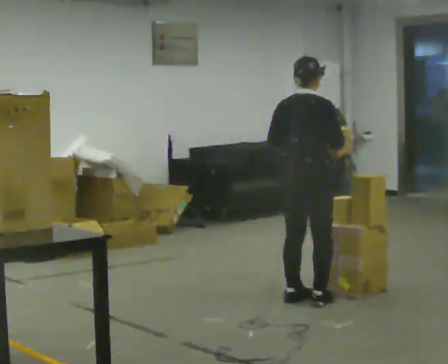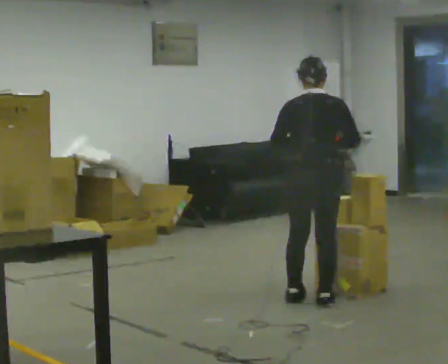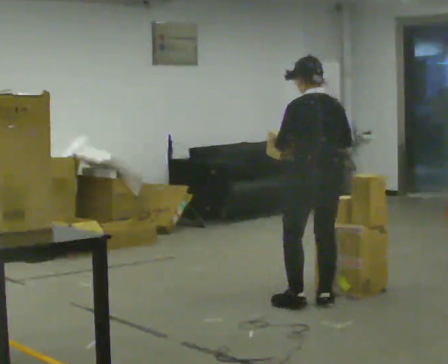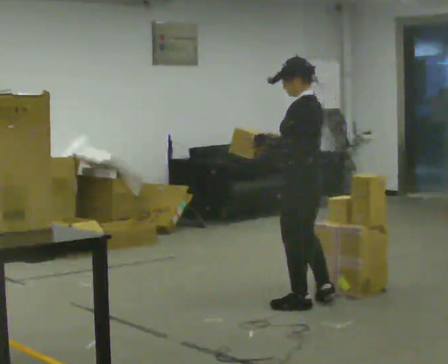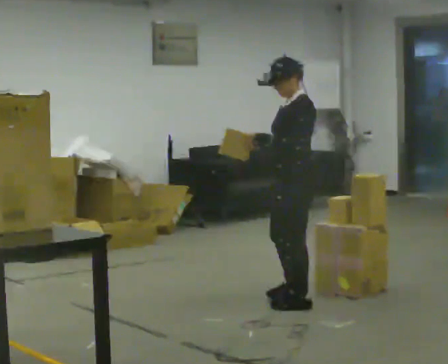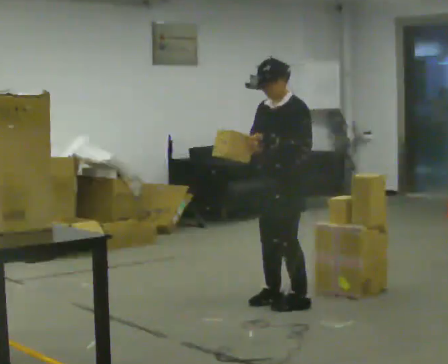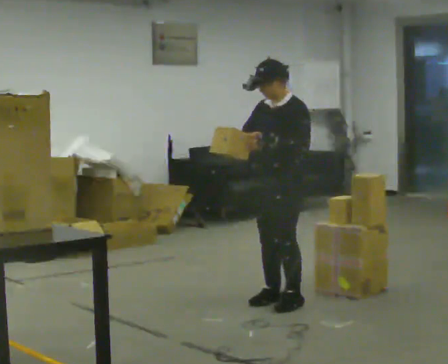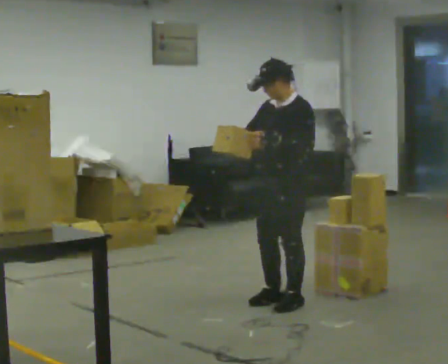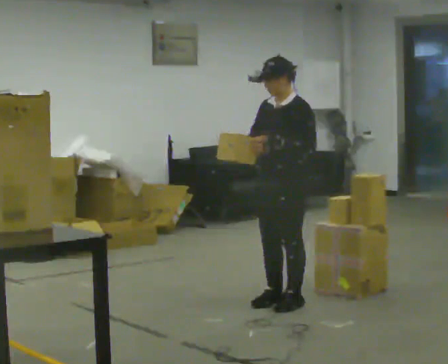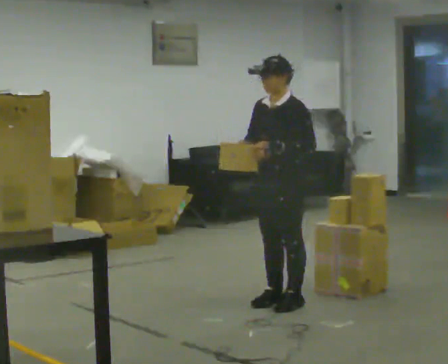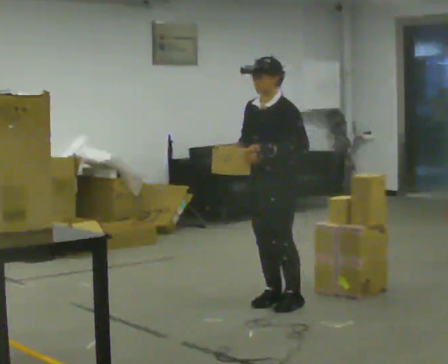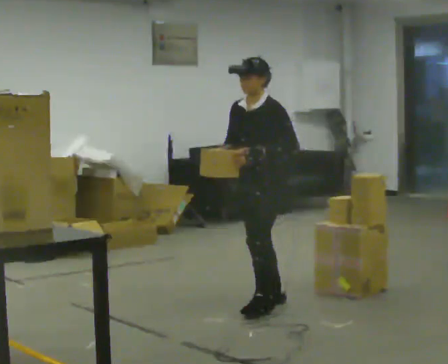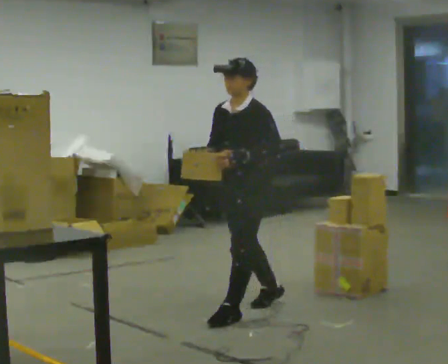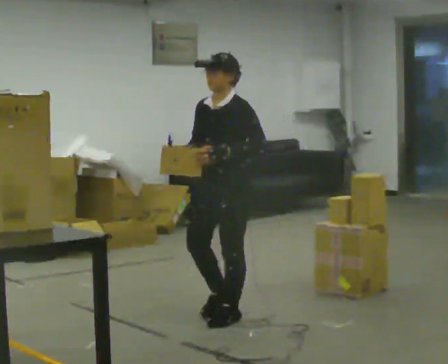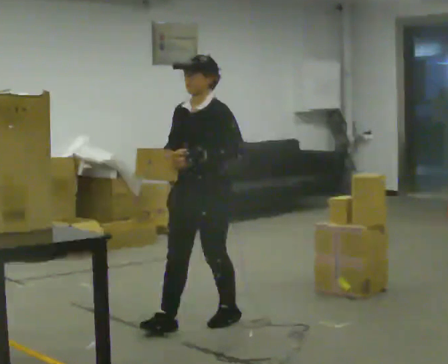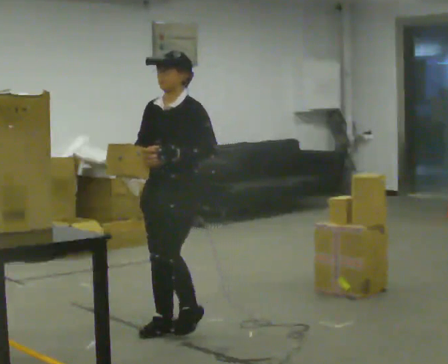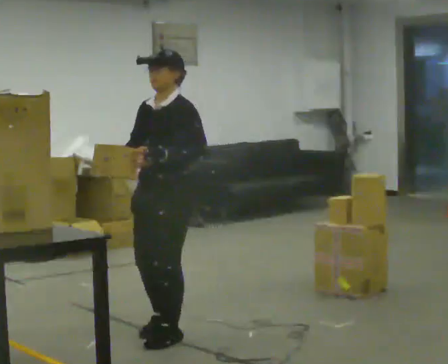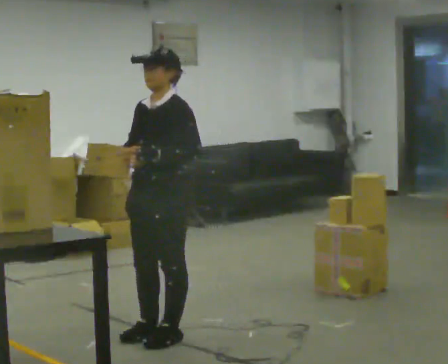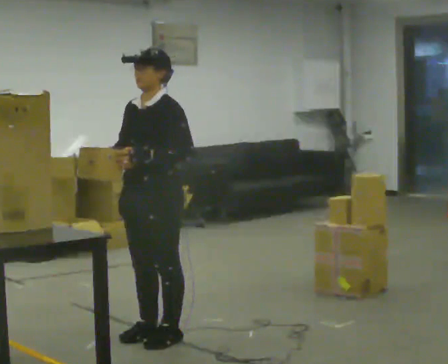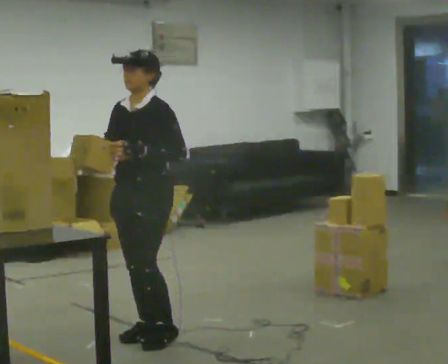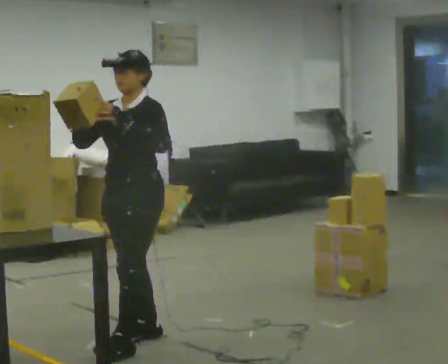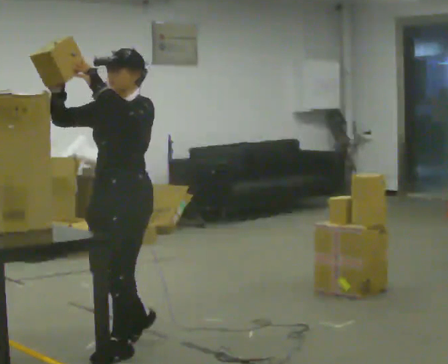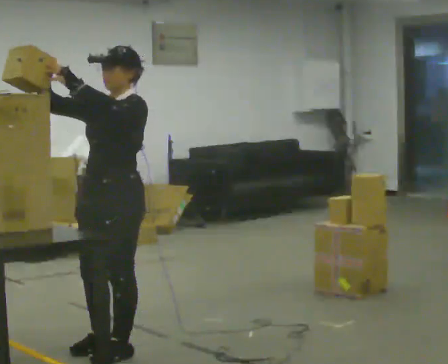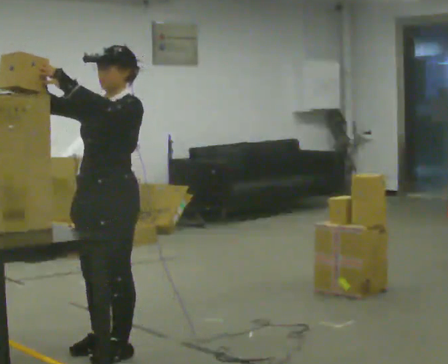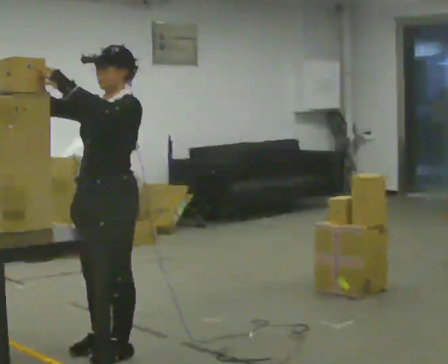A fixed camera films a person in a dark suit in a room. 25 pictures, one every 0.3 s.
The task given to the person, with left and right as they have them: Take an object from the waist-height shelf, carry it across the room, and place it on the highest shelf you can comfortably reach. Keep going until the operator says stop; one object at a time, and do not rush between trips.
0.0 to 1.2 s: The part of the body nearest the lens slides to the right as the person turns to their left by about 135 degrees.
1.2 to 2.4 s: The part of the body nearest the lens slides to the right as the person turns to their left by about 30 degrees.
2.4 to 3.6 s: In the picture they go to the left and toward the camera, about 0.25 m in 1 step, which for them is forward.
3.6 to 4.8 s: In the picture they go toward the camera and to the left, about 0.75 m in 2 steps, which for them is forward.
4.8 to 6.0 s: In the picture they go to the left, about 0.25 m in 1 step, which for them is forward.
6.0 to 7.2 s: In the picture they go toward the camera, about 0.25 m in 2 steps, which for them is forward.
The film runs forward here.
